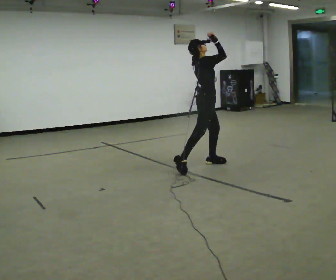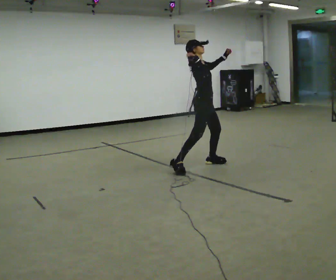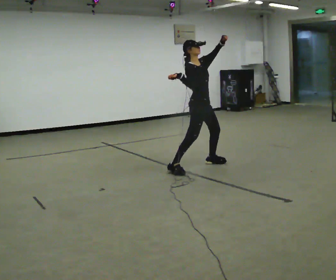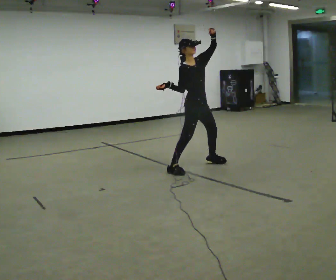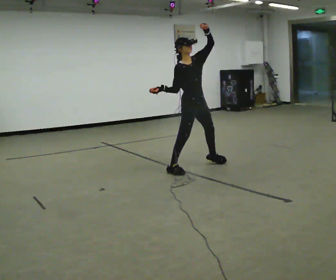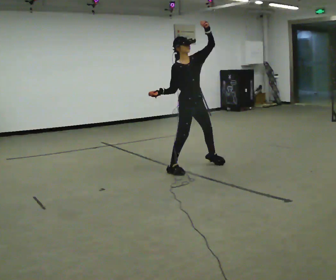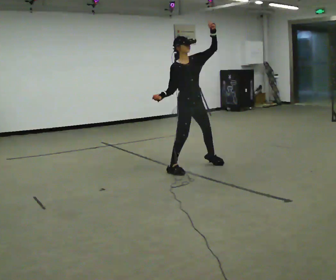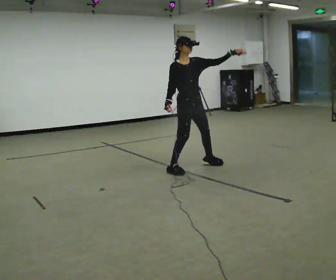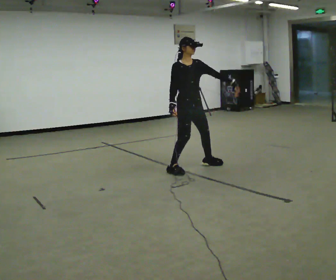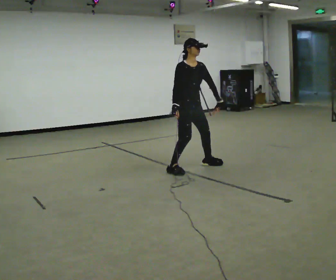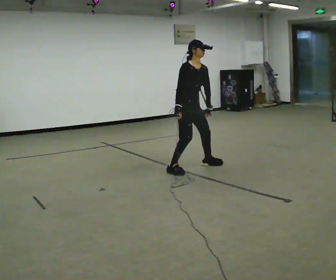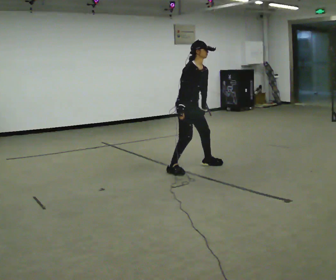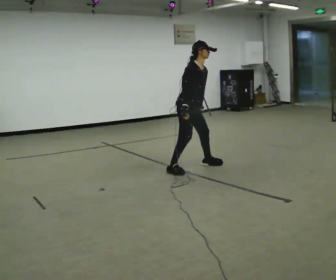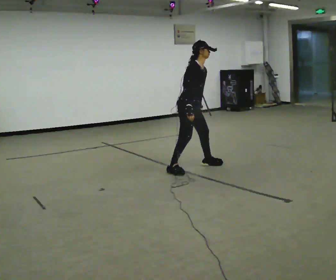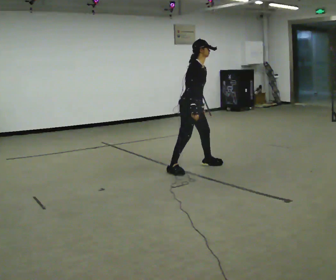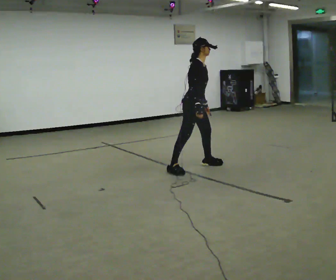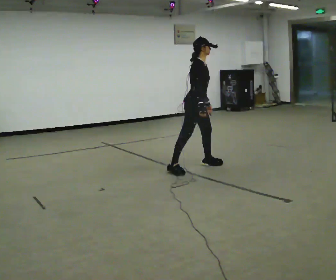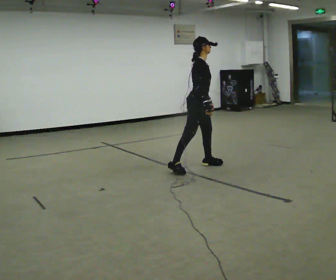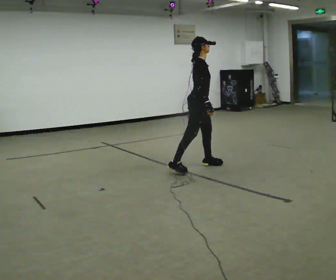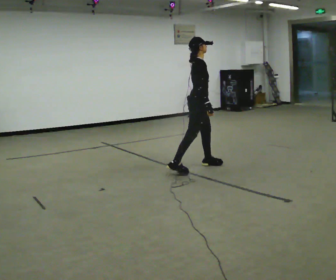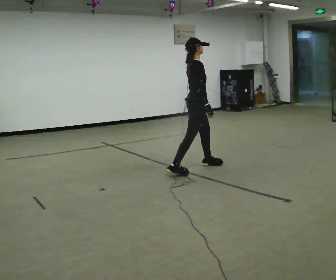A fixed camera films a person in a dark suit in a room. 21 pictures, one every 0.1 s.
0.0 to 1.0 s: Seen from above the body turns clockwise, about 60 degrees: to their right, with its near side sliding to the left. In the picture they go to the left, about 0.25 m. In the picture their right hand goes downward and to the left.
1.0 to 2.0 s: The part of the body nearest the lens slides to the right as the person turns to their left by about 45 degrees. In the picture their right hand goes to the right.
The film runs backward here.
